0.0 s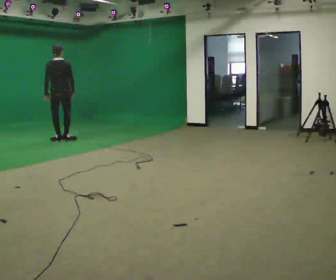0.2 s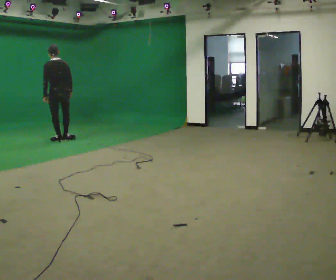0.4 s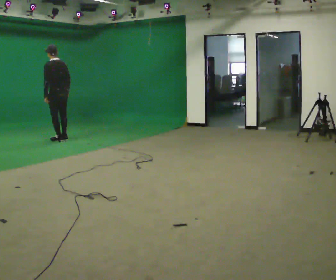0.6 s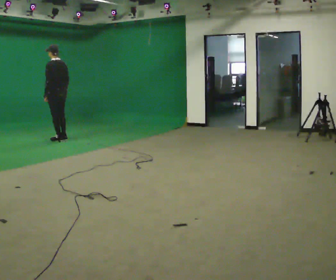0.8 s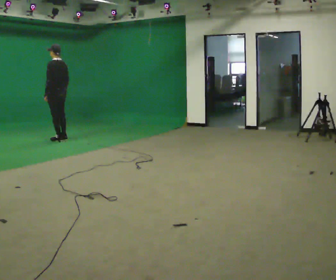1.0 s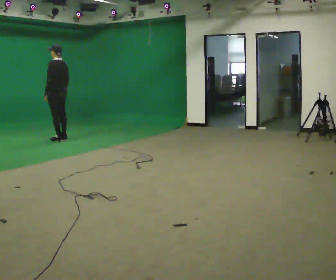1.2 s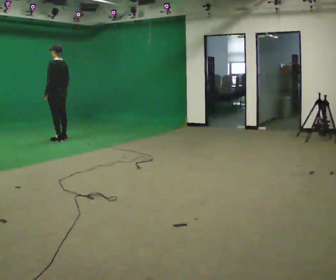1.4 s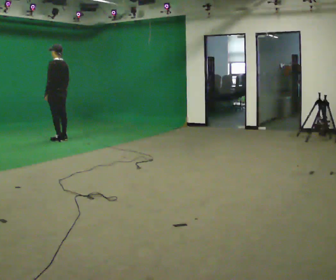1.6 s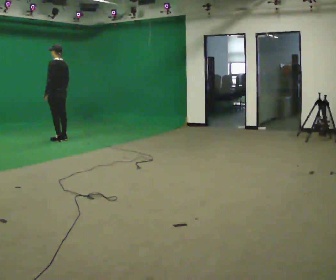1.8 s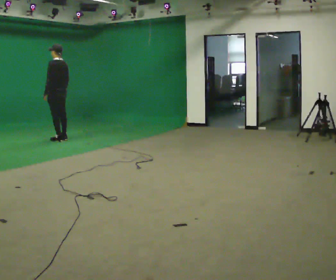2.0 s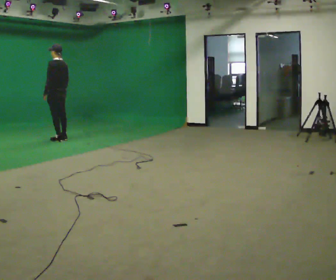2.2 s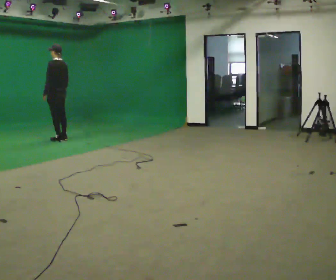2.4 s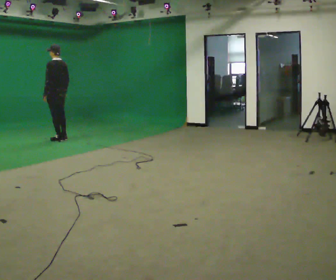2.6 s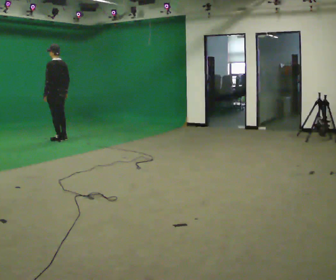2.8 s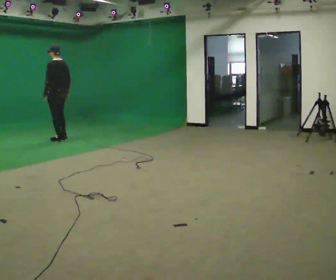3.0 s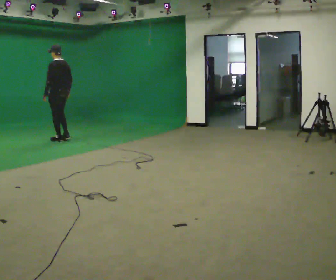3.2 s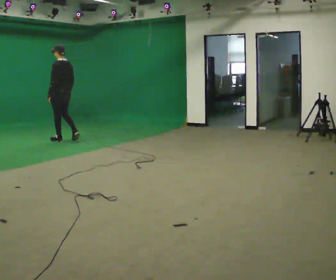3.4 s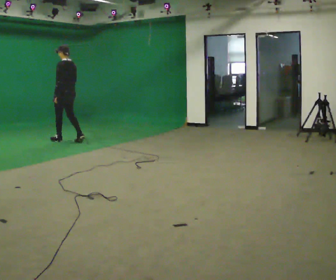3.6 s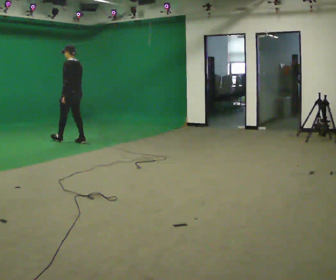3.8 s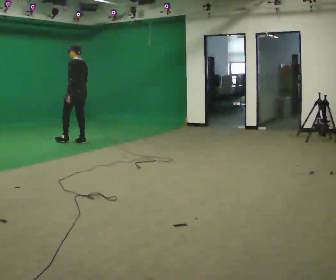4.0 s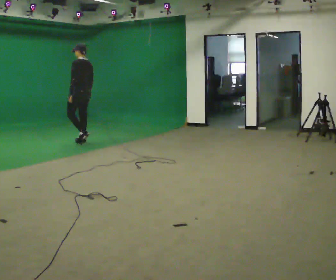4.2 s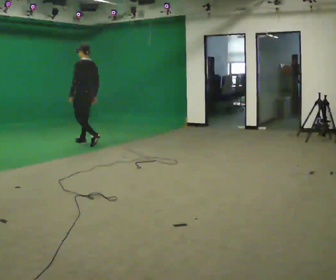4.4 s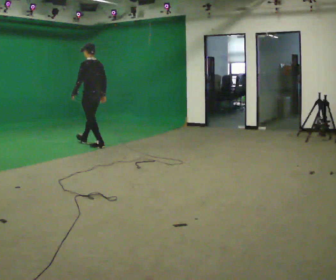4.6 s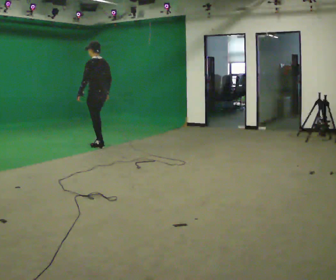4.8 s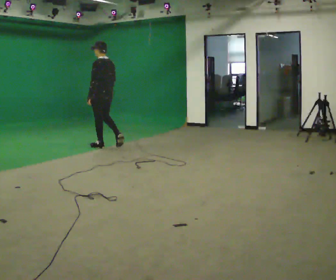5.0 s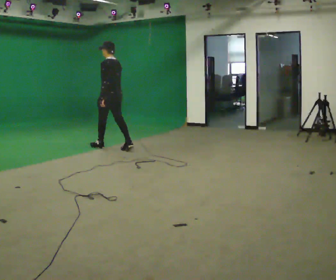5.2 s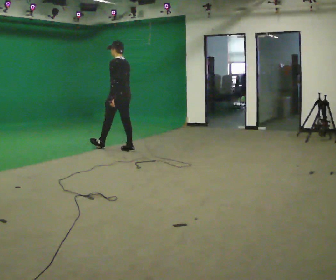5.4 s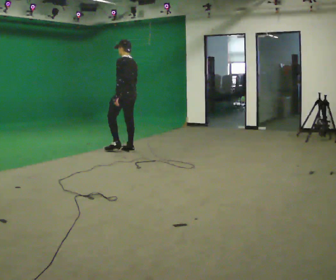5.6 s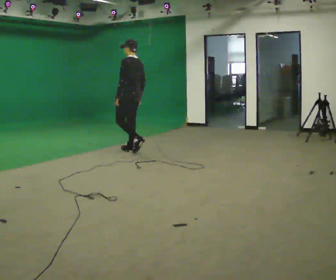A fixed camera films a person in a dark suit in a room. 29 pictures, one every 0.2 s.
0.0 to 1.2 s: Seen from above the body turns counterclockwise, about 60 degrees: to their left, with its near side sliding to the right.
1.2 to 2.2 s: The person keeps their place and pose.
2.2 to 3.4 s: In the picture they go toward the camera and to the right, about 0.25 m in 1 step, which for them is backward.
3.4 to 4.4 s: In the picture they go toward the camera and to the right, about 0.75 m in 2 steps, which for them is backward.
4.4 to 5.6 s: In the picture they go toward the camera and to the right, about 1 m in 1 step, which for them is backward.
The film runs backward here.
